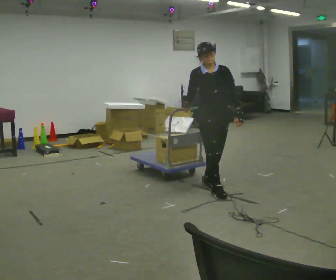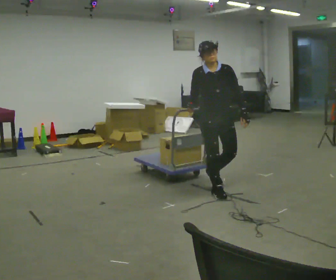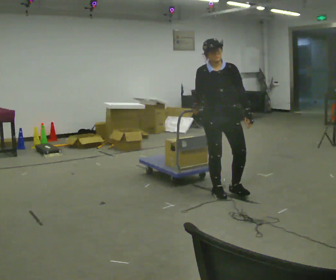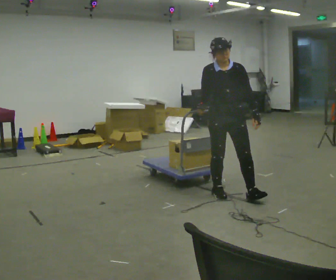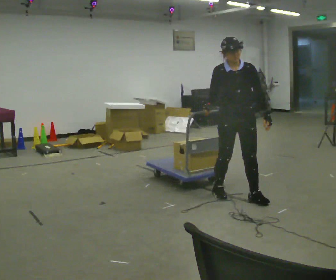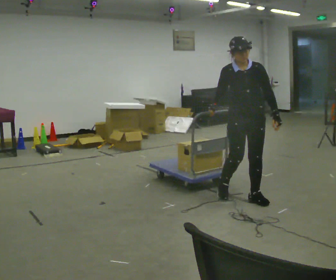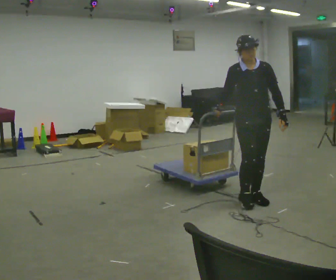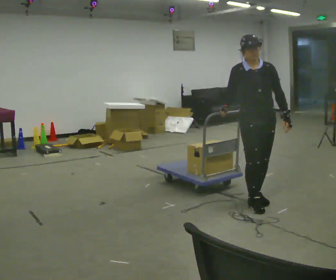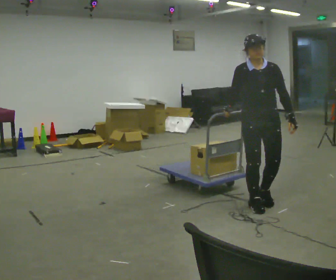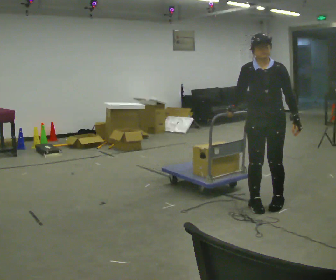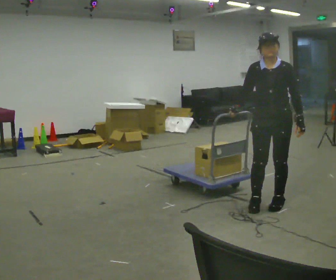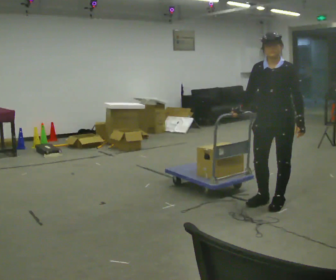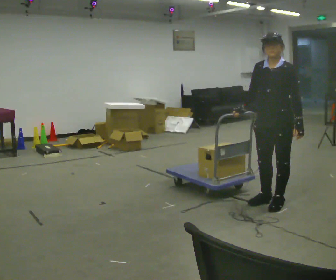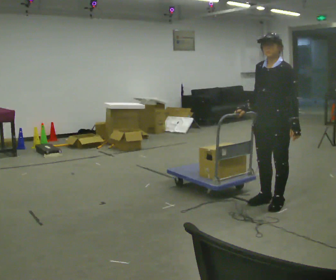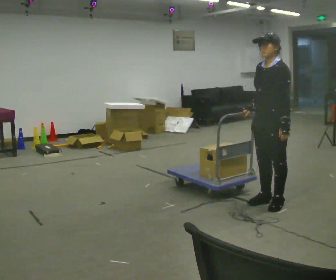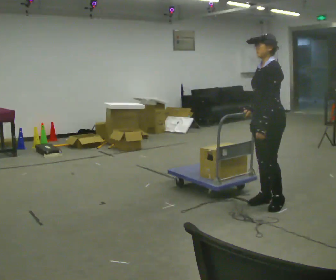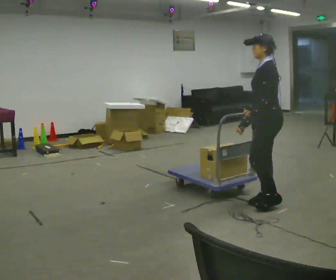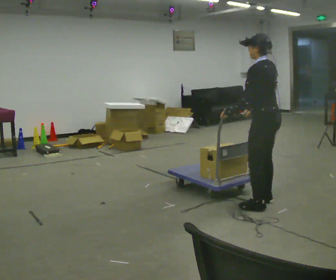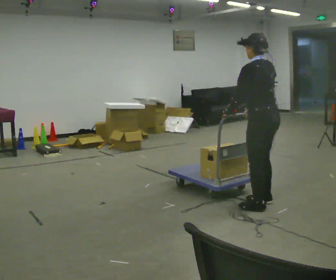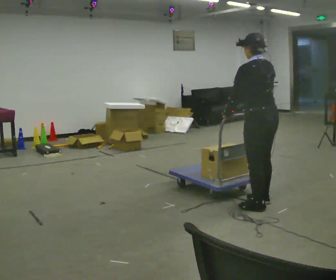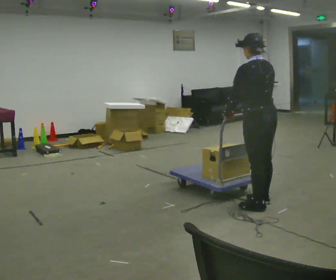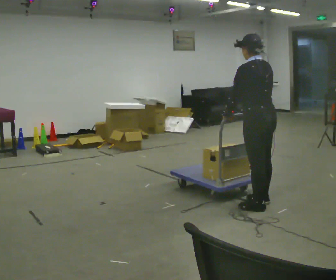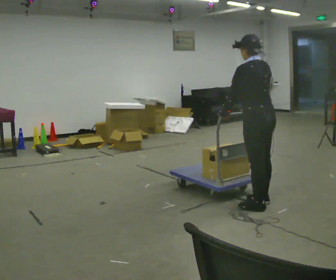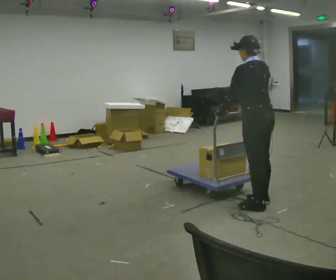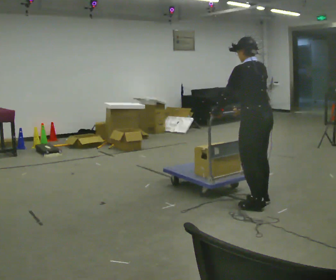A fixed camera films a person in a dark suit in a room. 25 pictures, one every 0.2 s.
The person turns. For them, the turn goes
to their right.
The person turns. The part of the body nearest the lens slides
to the left.
0.0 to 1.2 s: In the picture they go to the right and toward the camera, about 0.5 m in 1 step, which for them is forward and to their left.
1.2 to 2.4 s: The part of the body nearest the lens slides to the left as the person turns to their right by about 60 degrees. In the picture they go to the right, about 0.25 m in 3 steps, which for them is to their left.
2.4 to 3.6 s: The part of the body nearest the lens slides to the left as the person turns to their right by about 90 degrees. In the picture their left hand goes to the left, the arm swinging clockwise.
3.6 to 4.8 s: The person moves a little, or ends about where they began.
The film runs forward here.
